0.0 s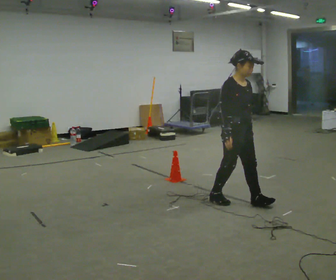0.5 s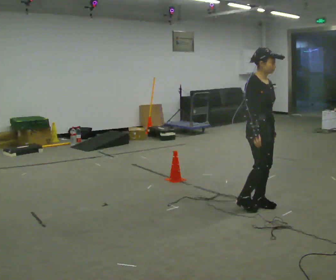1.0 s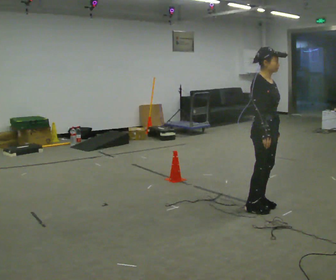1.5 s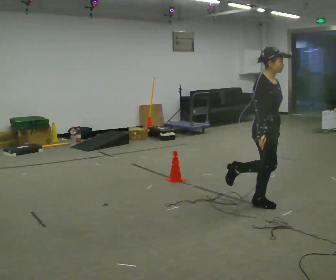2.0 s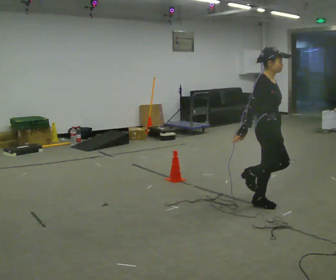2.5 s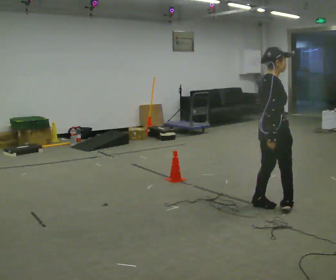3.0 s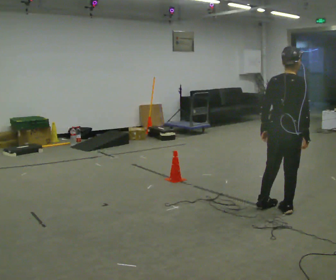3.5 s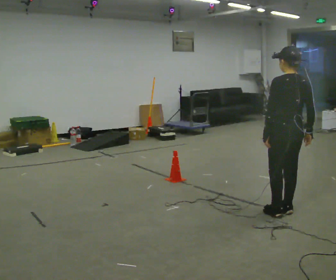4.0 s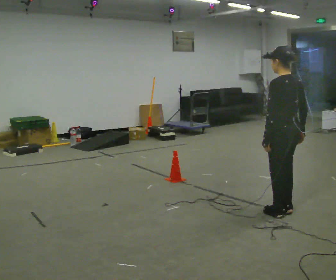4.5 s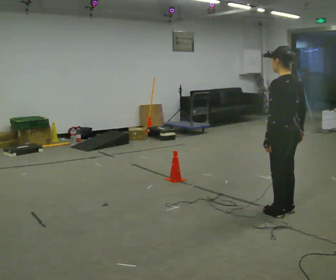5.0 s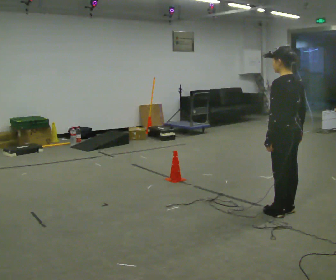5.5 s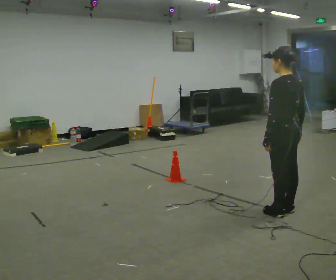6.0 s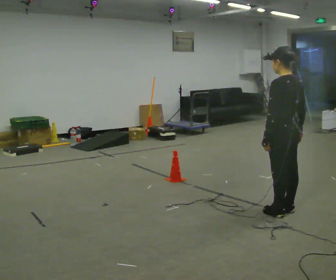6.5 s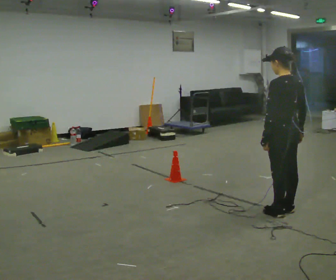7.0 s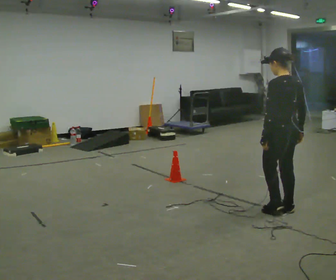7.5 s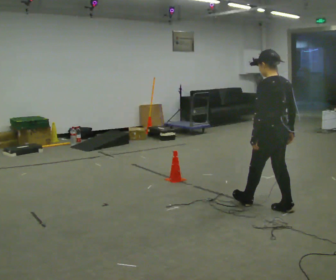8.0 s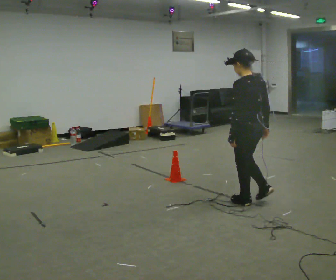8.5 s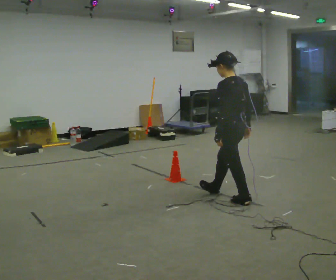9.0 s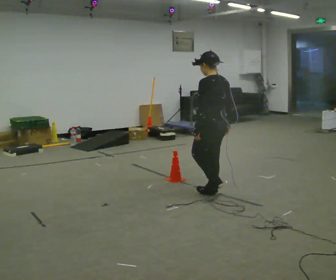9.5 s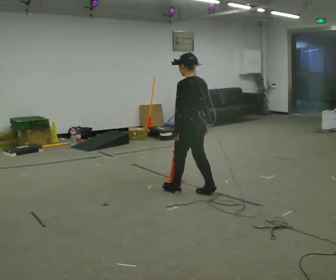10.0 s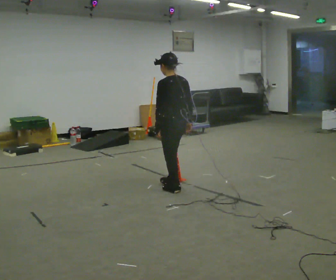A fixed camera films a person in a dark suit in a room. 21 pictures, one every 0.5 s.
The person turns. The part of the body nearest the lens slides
to the right.
The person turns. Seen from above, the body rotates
counterclockwise.
0.0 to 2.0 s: In the picture they go to the right, about 0.25 m in 2 steps, which for them is forward.
2.0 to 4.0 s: The person turns about 150 degrees to their left, counterclockwise seen from above, so the part of the body nearest the lens slides to the right. In the picture they go toward the camera, about 0.25 m in 2 steps. In the picture their right hand goes to the right.
4.0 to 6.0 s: The person moves a little, or ends about where they began.
6.0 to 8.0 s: In the picture they go to the left and away from the camera, about 0.5 m in 1 step, which for them is forward.
8.0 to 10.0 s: In the picture they go to the left and away from the camera, about 1 m in 2 steps, which for them is forward.
The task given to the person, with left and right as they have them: Walk toward obstacle; alter path to avoid it; continue toward original destination.
The film runs forward here.
